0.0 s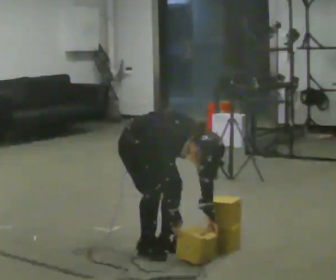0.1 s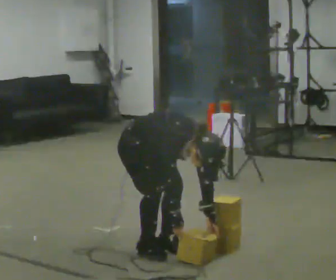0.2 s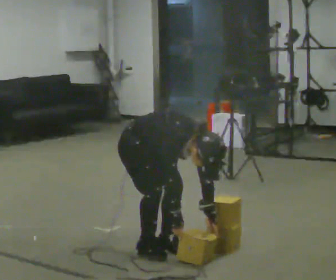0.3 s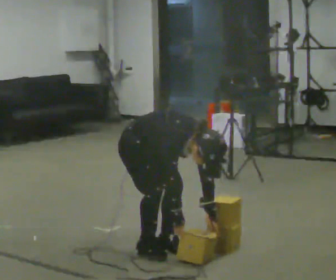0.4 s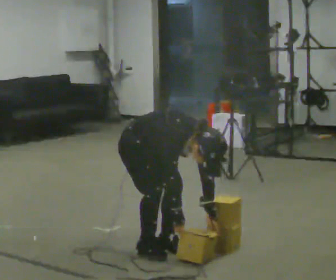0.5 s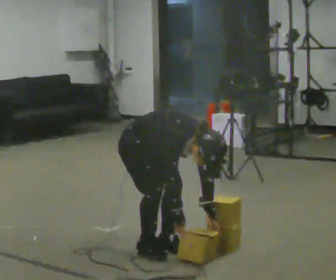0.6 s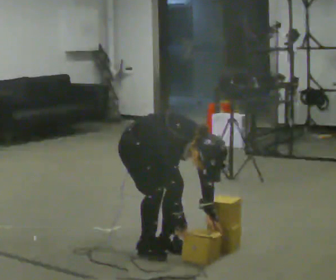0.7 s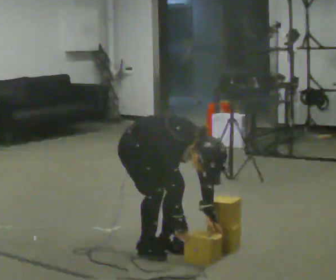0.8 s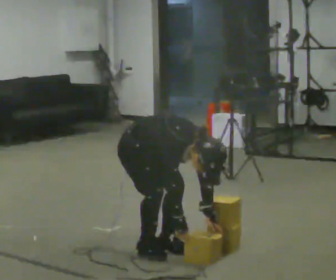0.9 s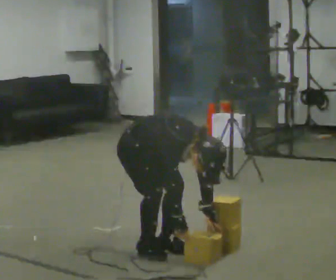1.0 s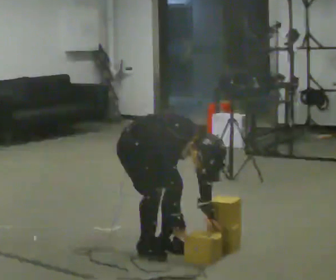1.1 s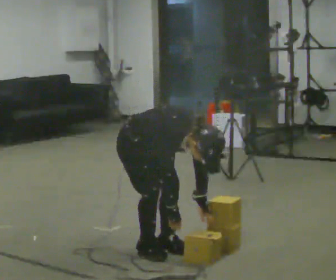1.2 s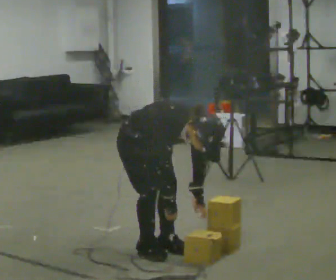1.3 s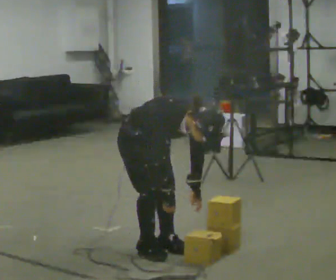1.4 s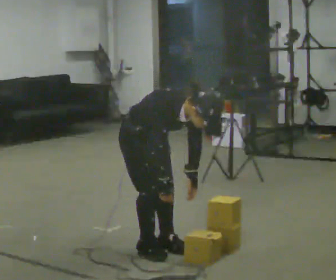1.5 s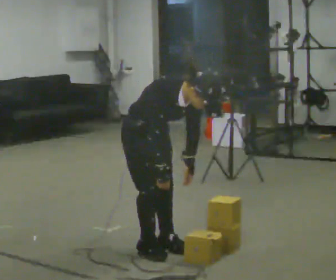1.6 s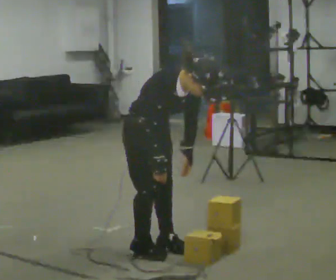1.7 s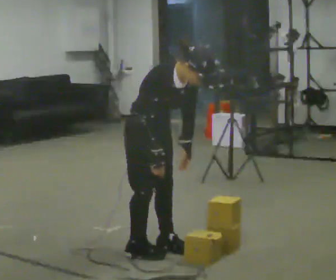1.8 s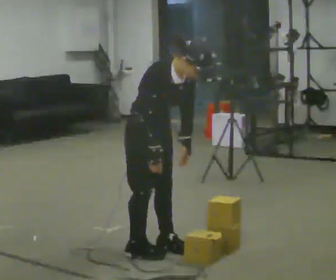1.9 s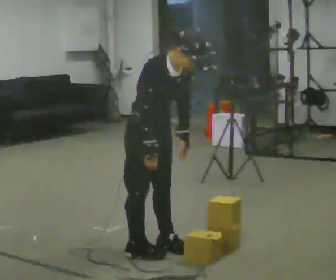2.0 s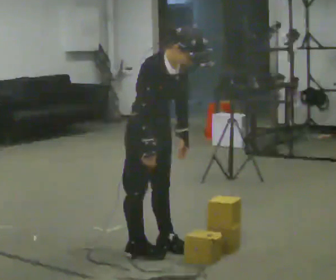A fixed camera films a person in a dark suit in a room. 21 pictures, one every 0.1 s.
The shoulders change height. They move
upward.
Their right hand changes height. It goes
upward.
0.0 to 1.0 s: The person moves a little, or ends about where they began.
1.0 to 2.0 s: The upper body goes upward. The upper body tips away from the camera, its near side rolling upward, as they lean back or straighten. In the picture their right hand goes upward.
The film runs backward here.
